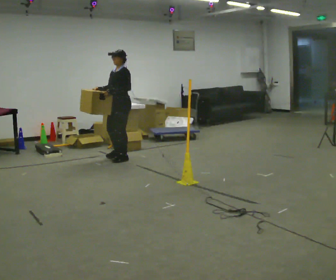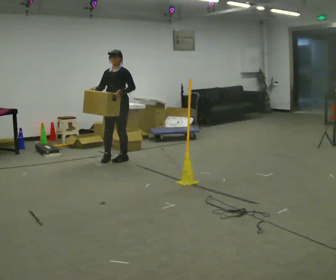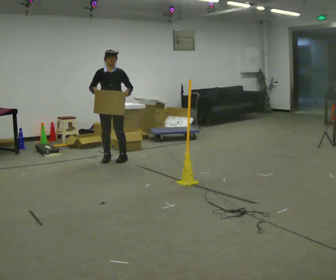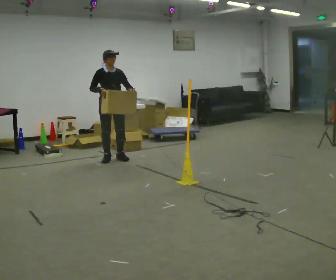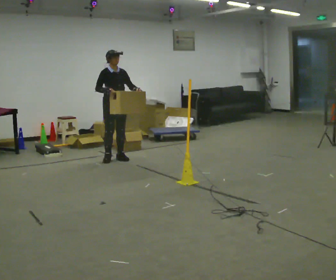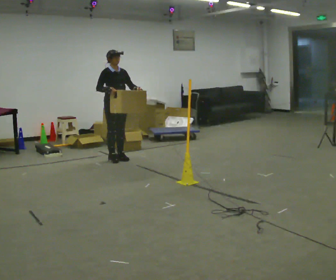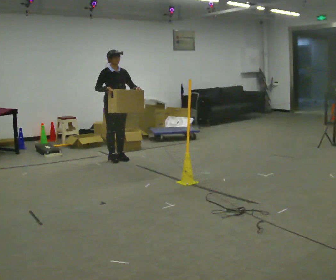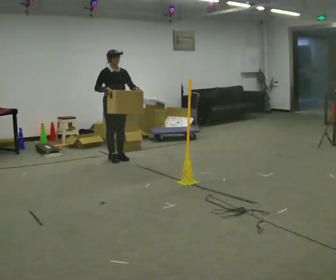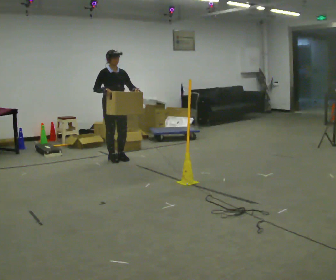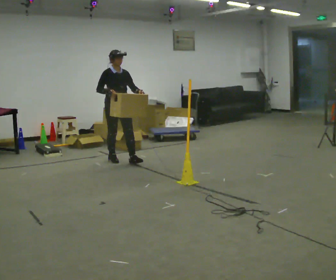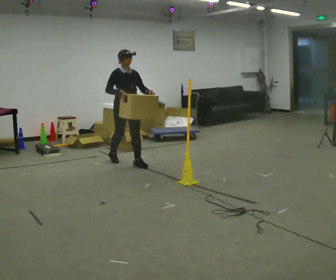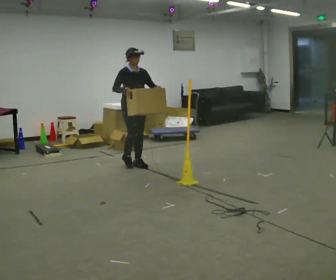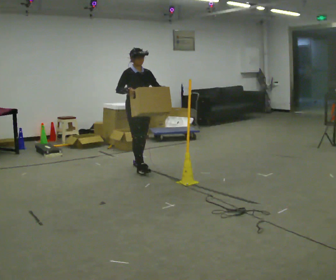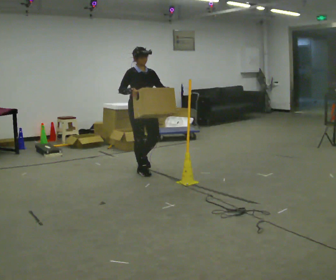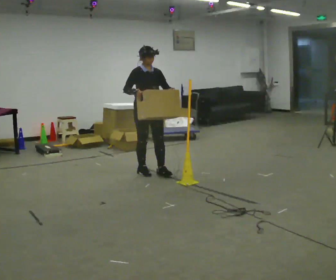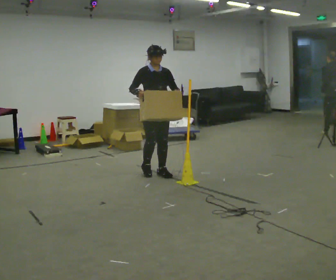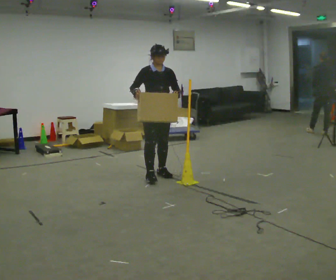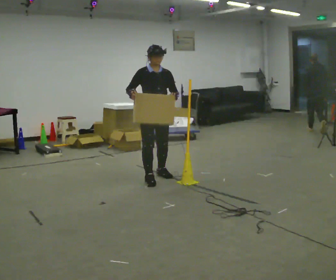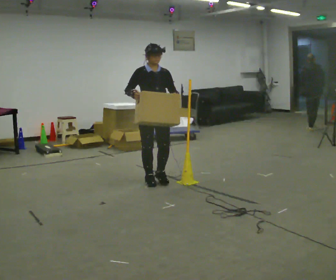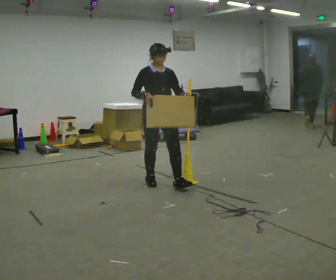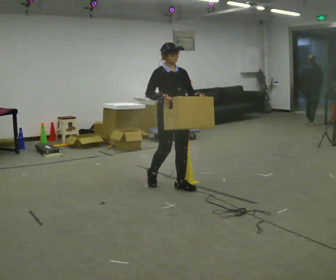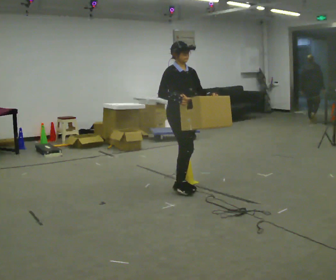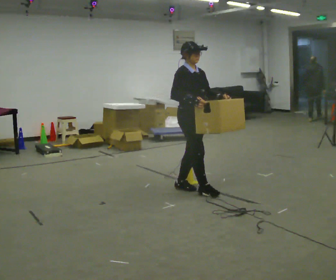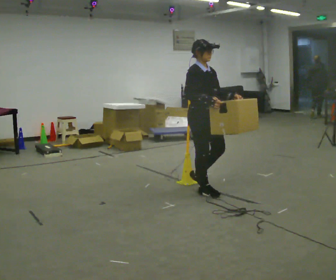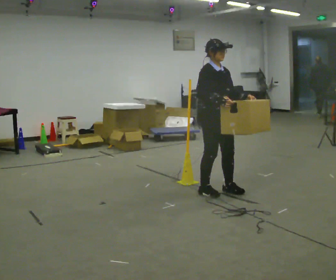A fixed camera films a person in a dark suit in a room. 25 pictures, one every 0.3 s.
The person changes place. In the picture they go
toward the camera.
0.0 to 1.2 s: The part of the body nearest the lens slides to the right as the person turns to their left by about 90 degrees. In the picture their left hand goes to the right.
1.2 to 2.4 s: The person moves a little, or ends about where they began.
2.4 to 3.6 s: In the picture they go toward the camera and to the right, about 0.5 m in 2 steps, which for them is forward.
3.6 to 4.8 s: In the picture they go toward the camera and to the right, about 0.5 m in 1 step, which for them is forward.
4.8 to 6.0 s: In the picture they go toward the camera, about 0.5 m in 2 steps, which for them is forward.
6.0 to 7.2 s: In the picture they go to the right and toward the camera, about 0.5 m in 2 steps, which for them is forward.
The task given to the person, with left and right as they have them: Carry the box across the room. The operator will step into your path partway across, so go around them and carry on. Keep going until the operator says stop; one object at a time, and do not rush between trips.
The film runs forward here.
